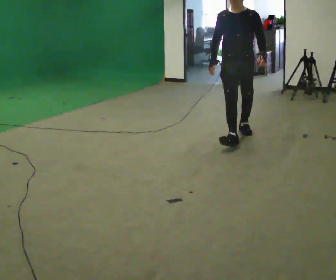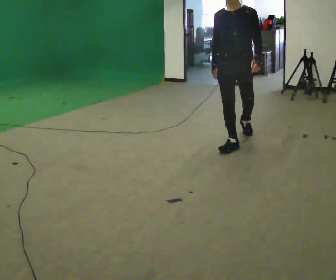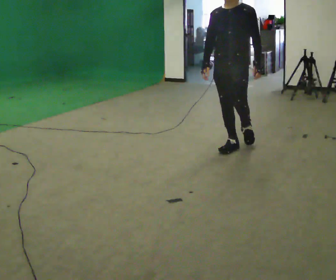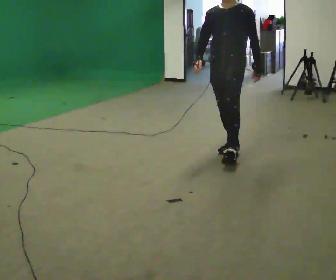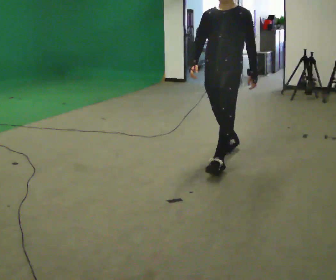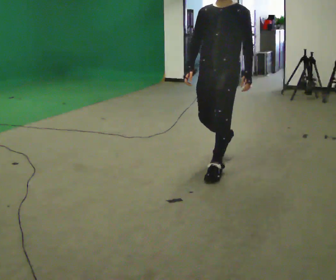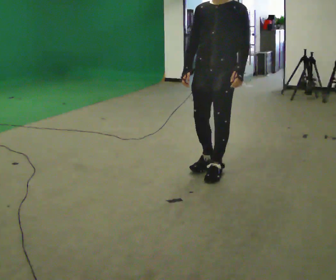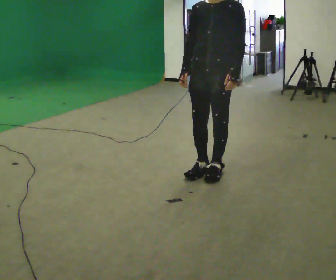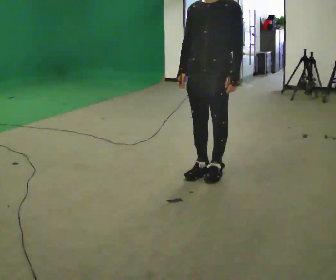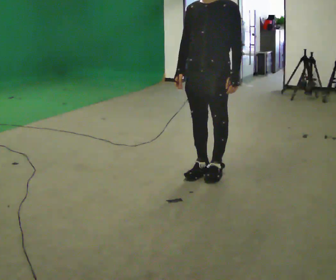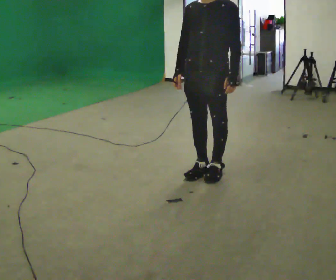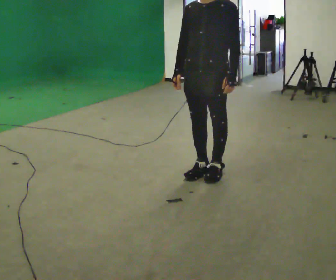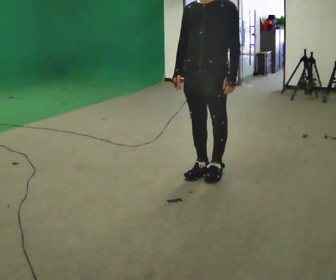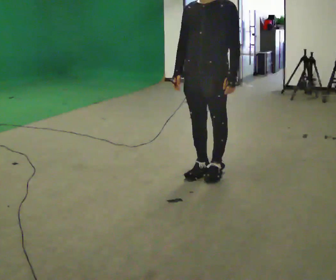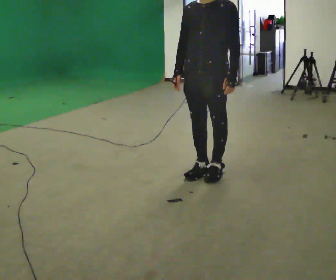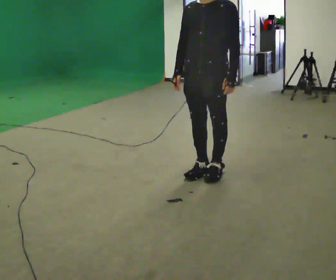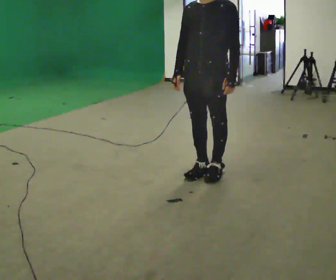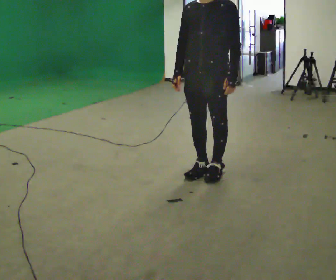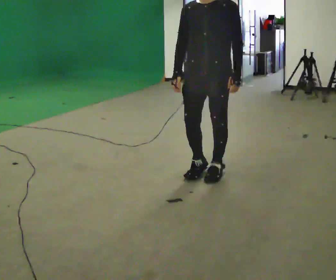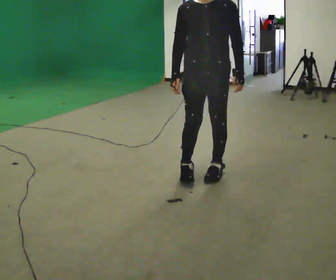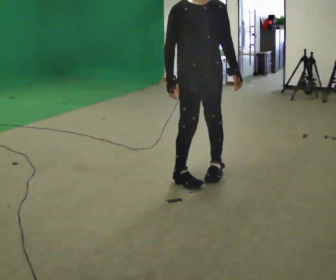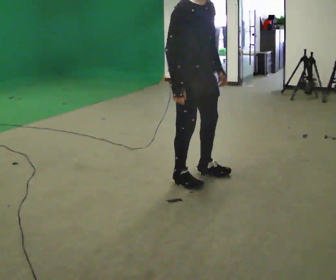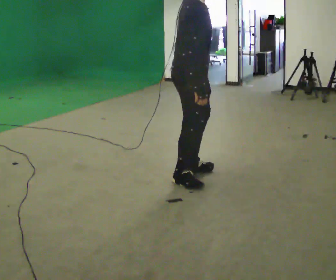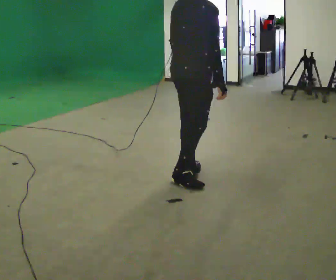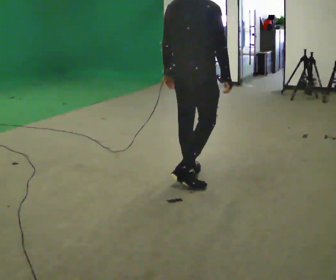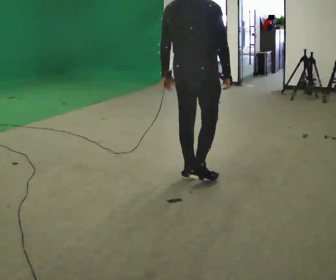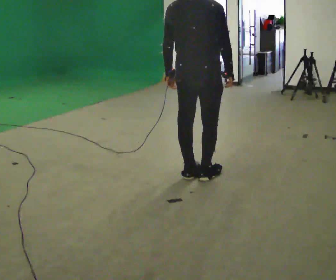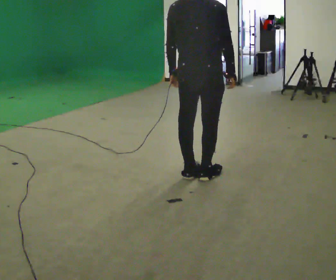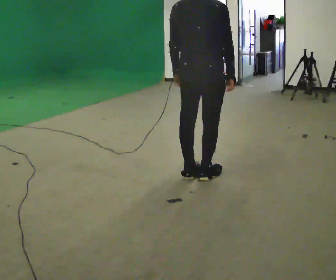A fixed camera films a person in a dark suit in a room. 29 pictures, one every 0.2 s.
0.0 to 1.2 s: In the picture they go toward the camera, about 1 m in 2 steps, which for them is forward.
1.2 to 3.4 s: The person moves a little, or ends about where they began.
3.4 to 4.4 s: The part of the body nearest the lens slides to the right as the person turns to their left by about 120 degrees. In the picture they go toward the camera and to the left, about 0.25 m in 1 step.
4.4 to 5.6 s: The person turns about 75 degrees to their left, counterclockwise seen from above, so the part of the body nearest the lens slides to the right.
The film runs forward here.
